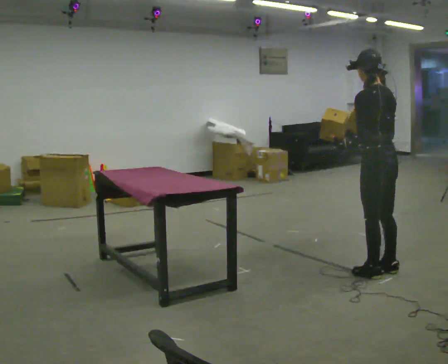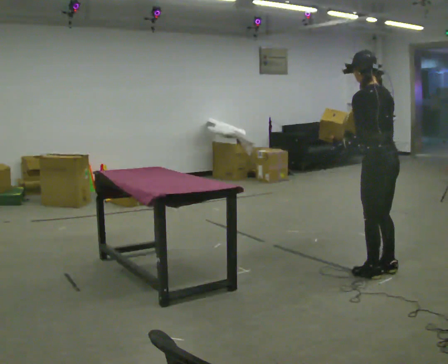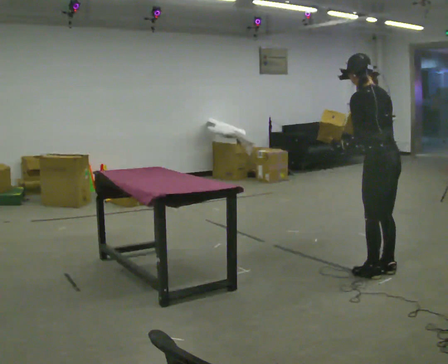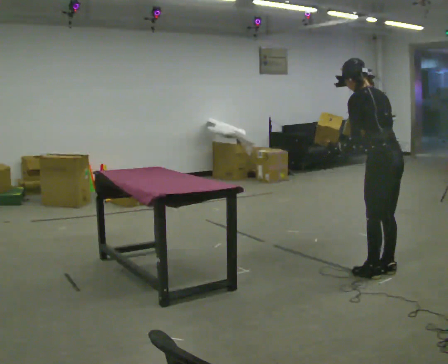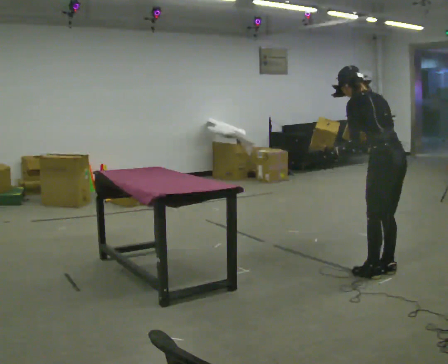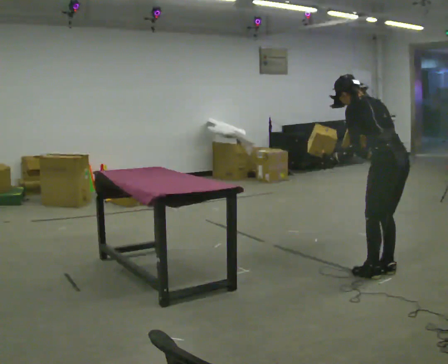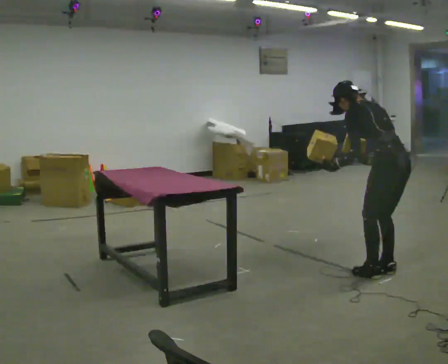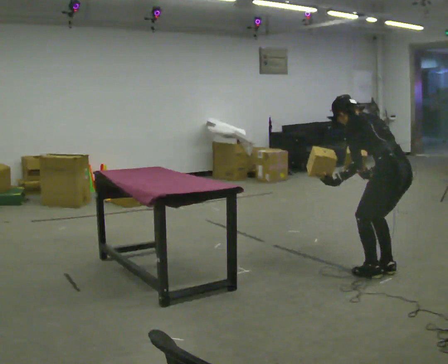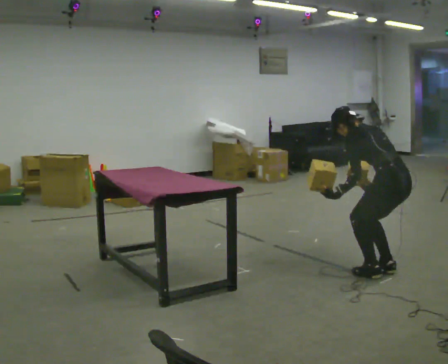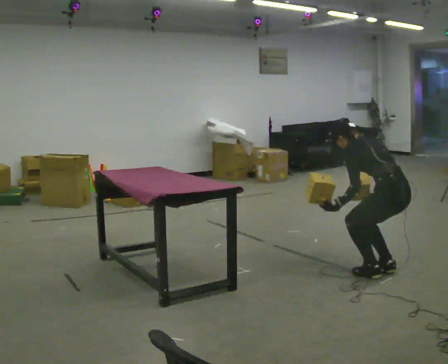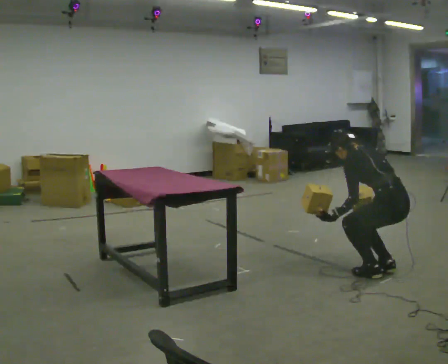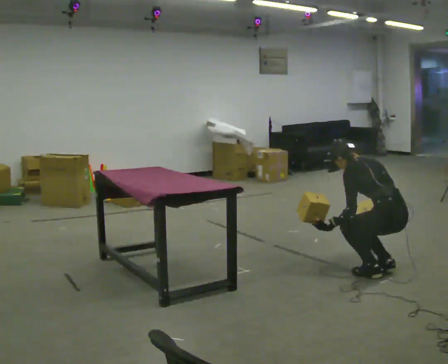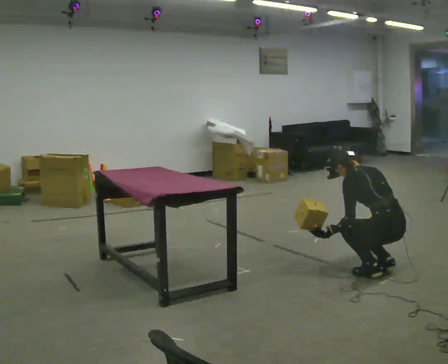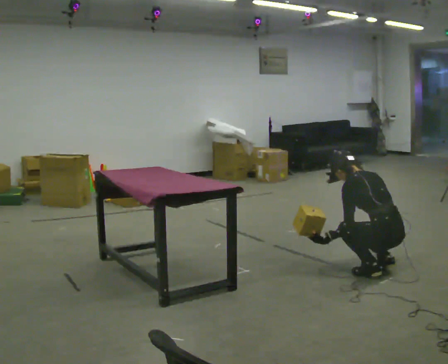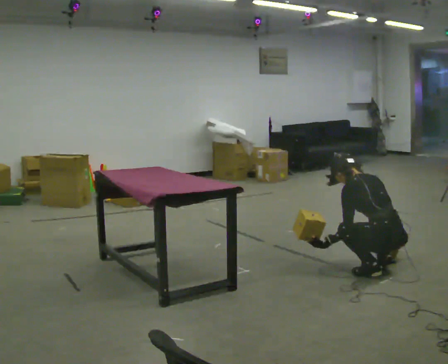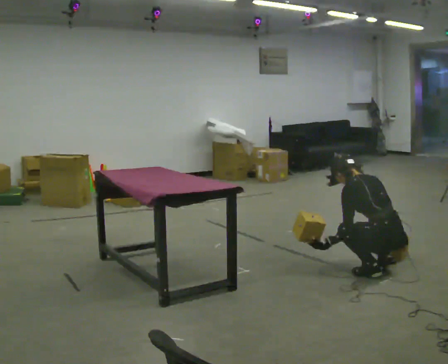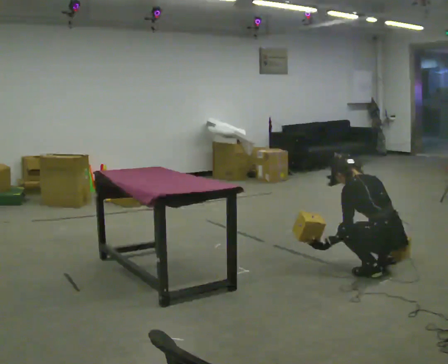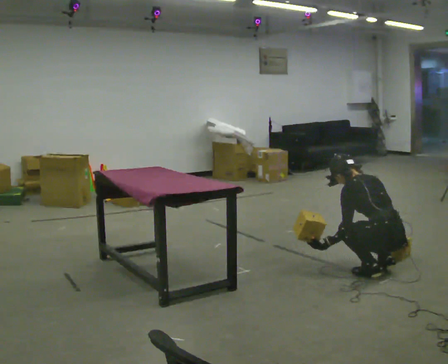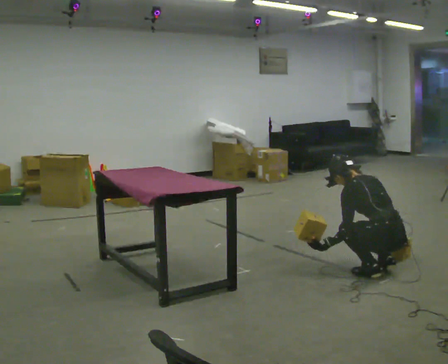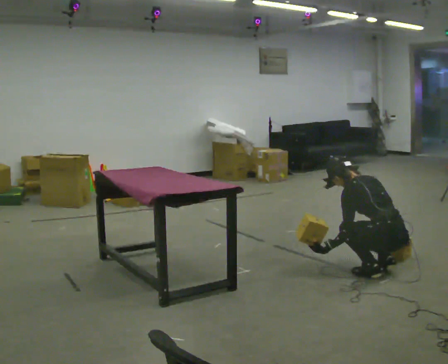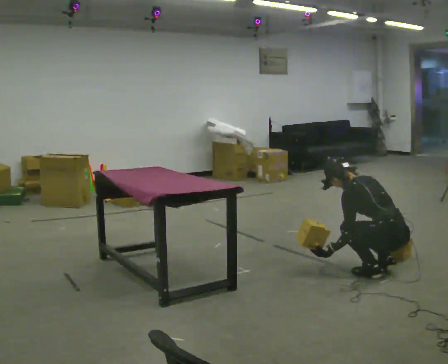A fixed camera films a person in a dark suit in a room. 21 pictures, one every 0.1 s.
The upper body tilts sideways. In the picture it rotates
counterclockwise.
Their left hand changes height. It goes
downward.
0.0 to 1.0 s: The upper body goes downward. The upper body tips away from the camera, its near side rolling upward, as they bend forward. In the picture their right hand goes downward.
1.0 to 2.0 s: The upper body goes downward.
The film runs backward here.
